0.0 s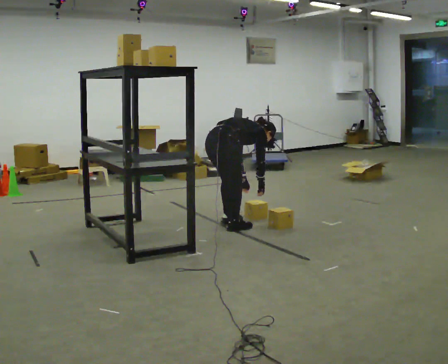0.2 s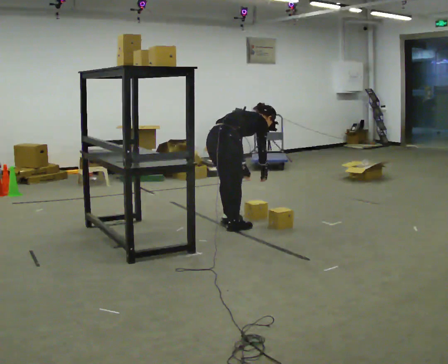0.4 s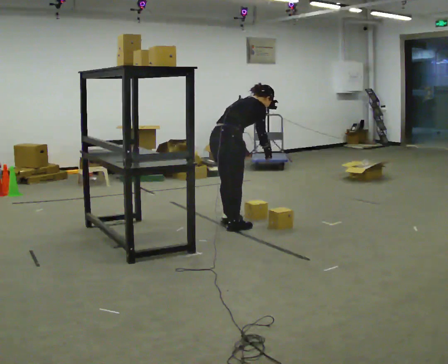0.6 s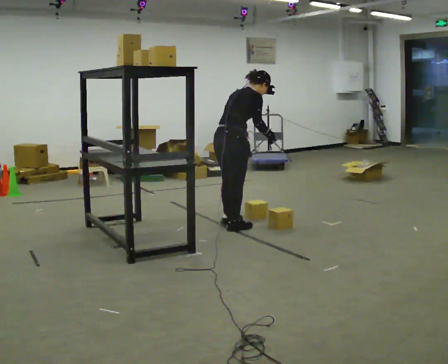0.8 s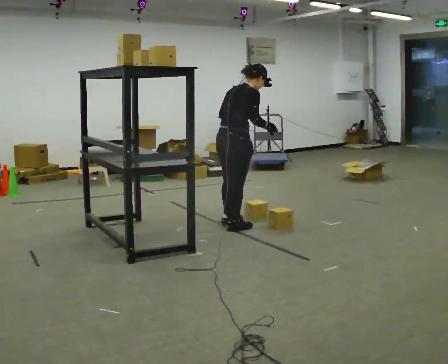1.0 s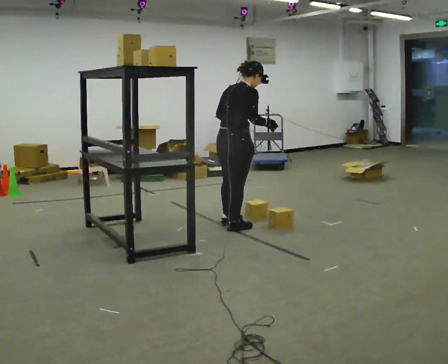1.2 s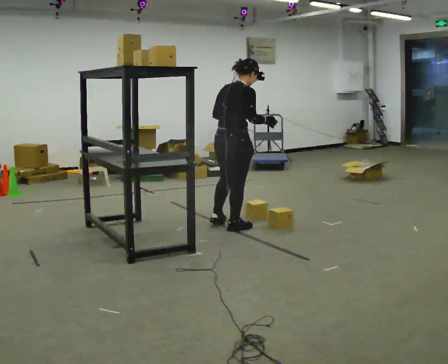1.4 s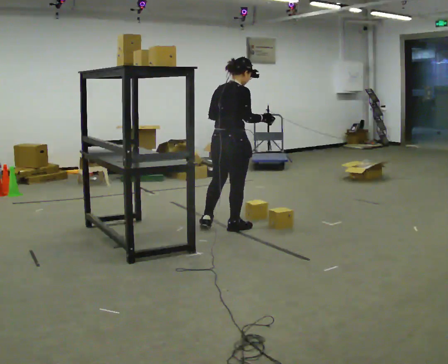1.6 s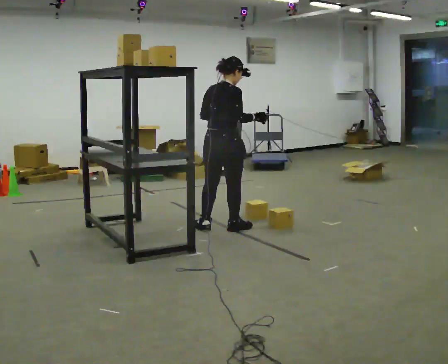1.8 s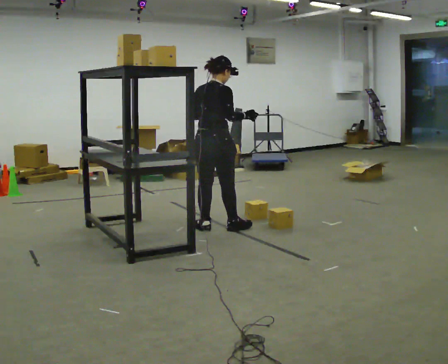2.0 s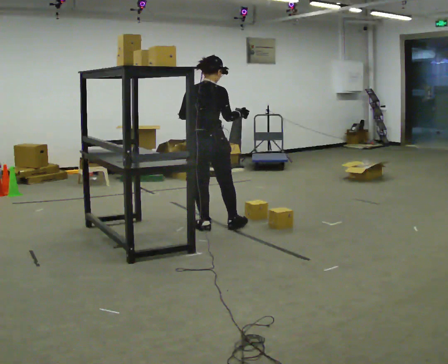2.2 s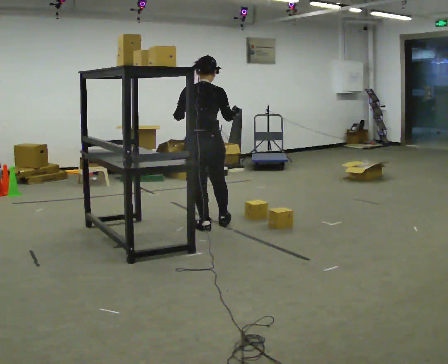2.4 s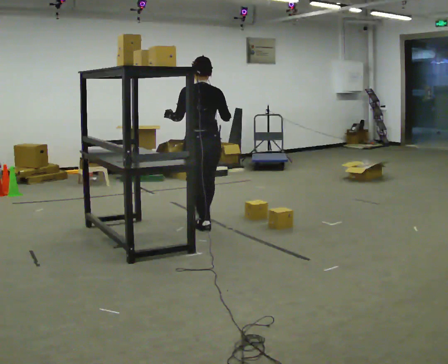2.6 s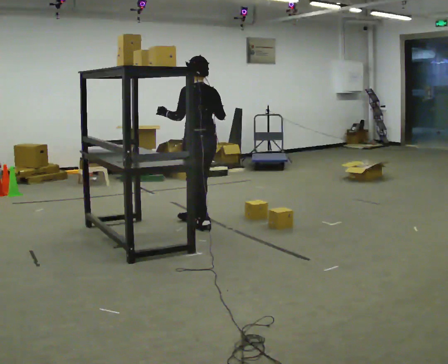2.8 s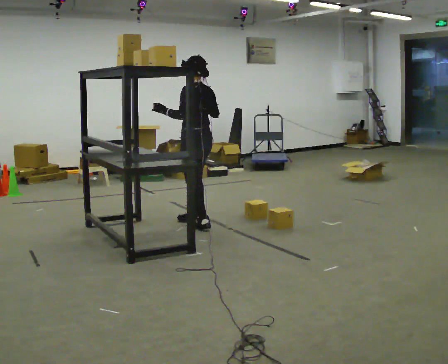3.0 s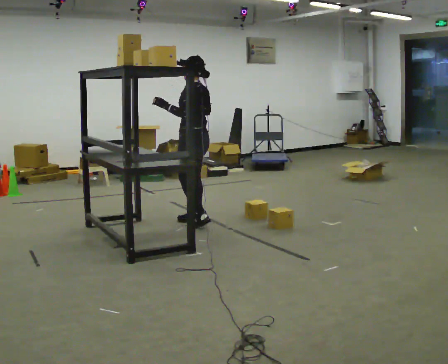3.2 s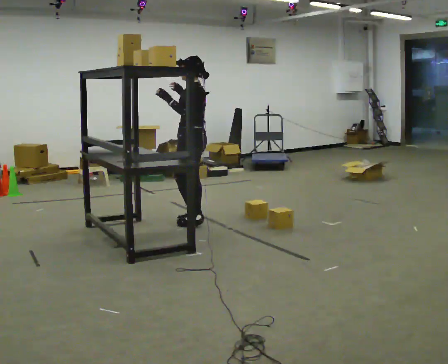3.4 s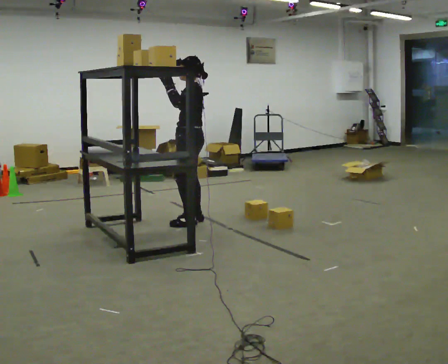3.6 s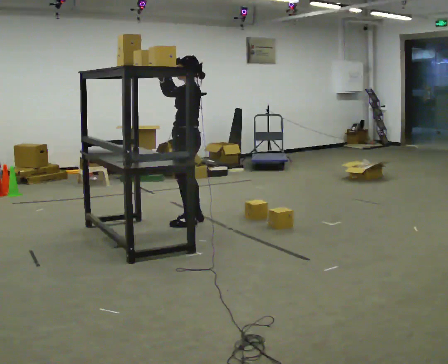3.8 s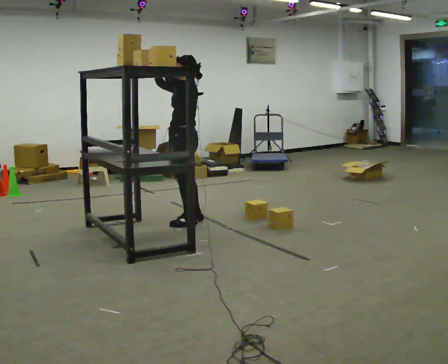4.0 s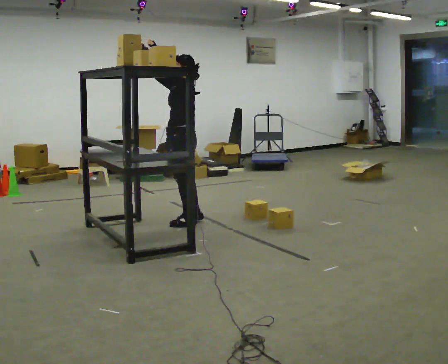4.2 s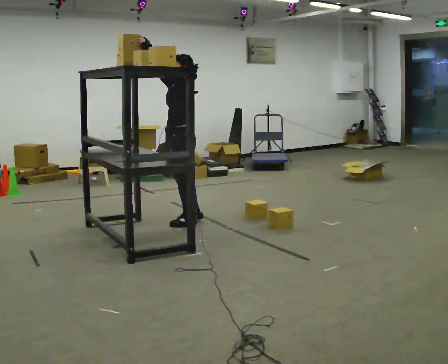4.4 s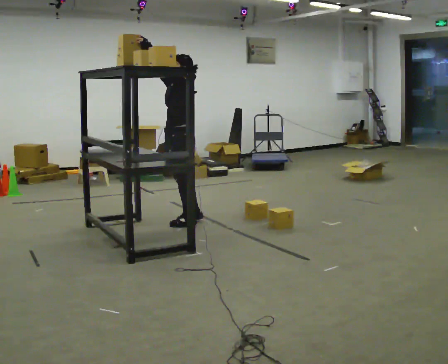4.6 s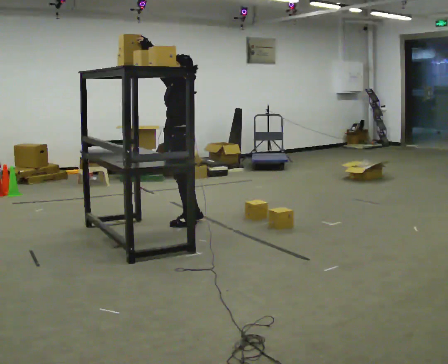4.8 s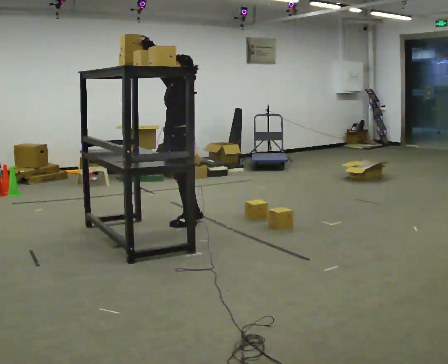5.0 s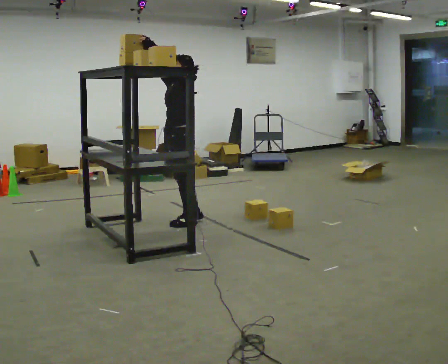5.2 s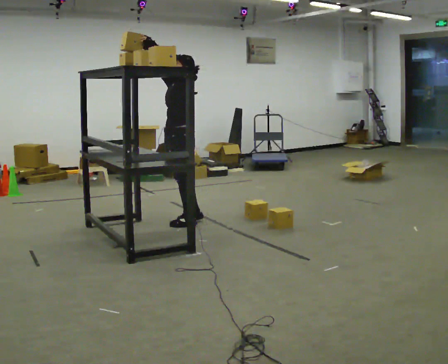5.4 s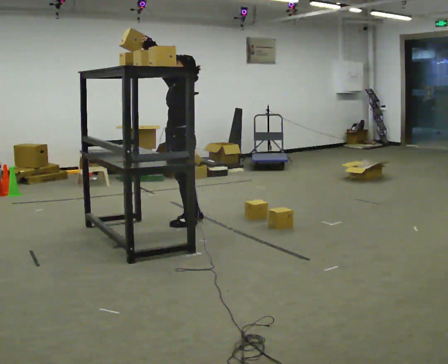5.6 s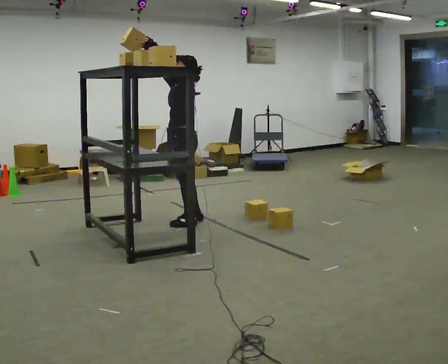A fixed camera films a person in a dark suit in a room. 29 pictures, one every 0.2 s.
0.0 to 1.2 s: The shoulders move upward. In the picture the upper body tilts counterclockwise, shoulders to the left, as they lean back or straighten. In the picture their right hand goes upward.
1.2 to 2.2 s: The person turns about 45 degrees to their left, counterclockwise seen from above, so the part of the body nearest the lens slides to the right. In the picture they go to the left, about 0.25 m in 1 step, which for them is to their left. In the picture their left hand goes to the left.
2.2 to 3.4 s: Seen from above the body turns counterclockwise, about 90 degrees: to their left, with its near side sliding to the right. In the picture they go away from the camera, about 0.25 m in 1 step.
3.4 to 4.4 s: In the picture their right hand goes upward.
4.4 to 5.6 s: The person moves a little, or ends about where they began.
The film runs backward here.
